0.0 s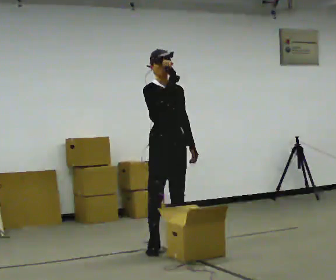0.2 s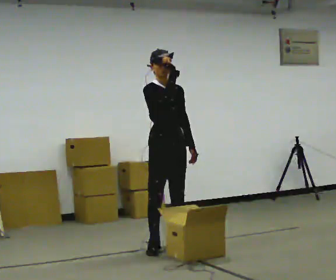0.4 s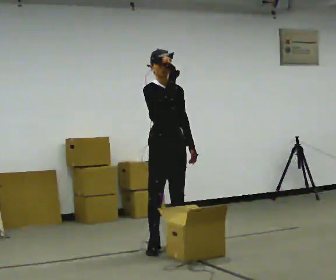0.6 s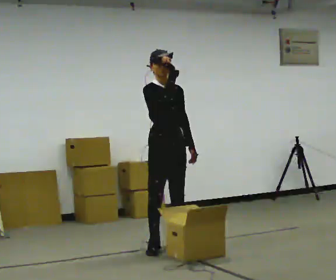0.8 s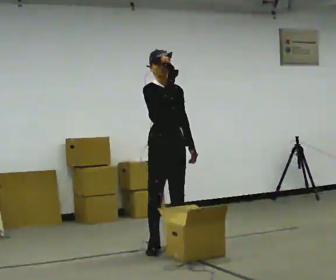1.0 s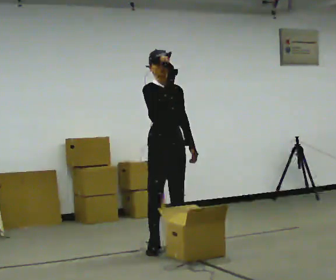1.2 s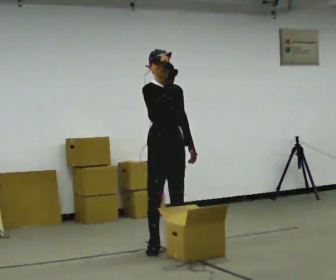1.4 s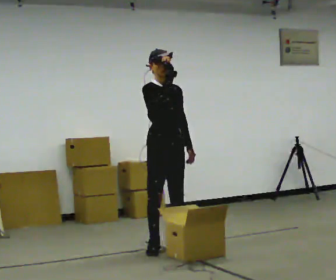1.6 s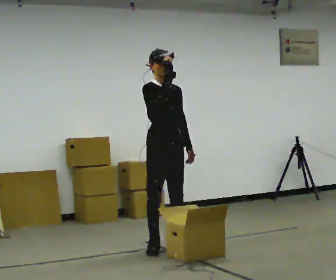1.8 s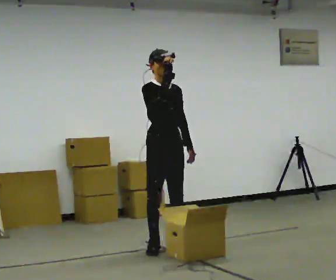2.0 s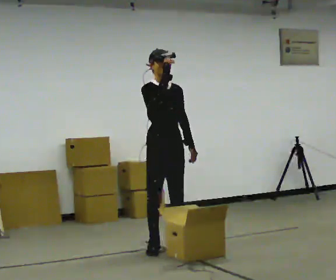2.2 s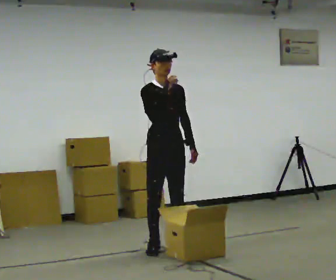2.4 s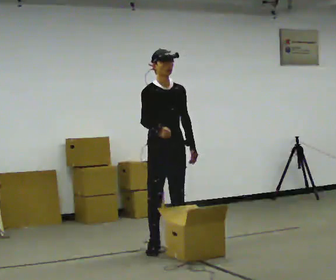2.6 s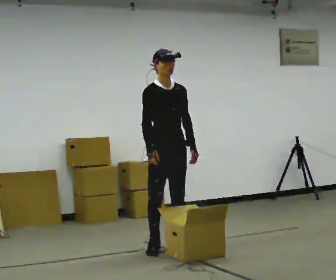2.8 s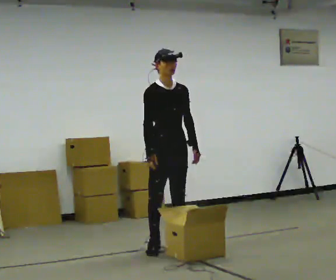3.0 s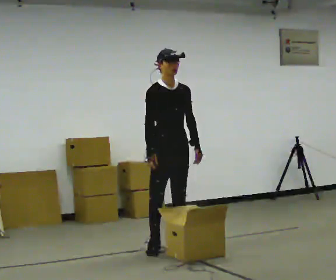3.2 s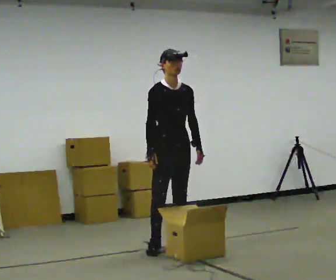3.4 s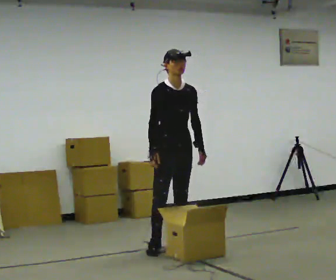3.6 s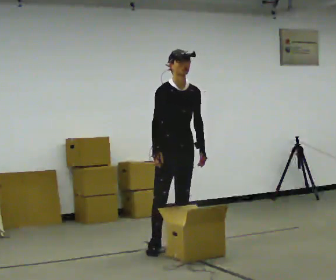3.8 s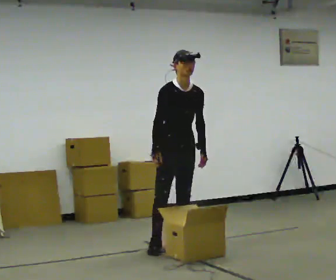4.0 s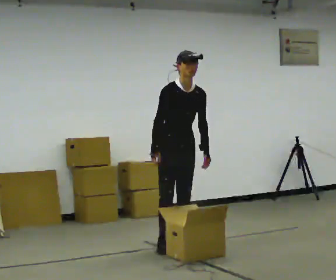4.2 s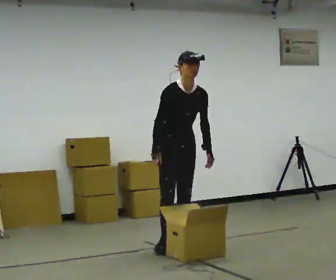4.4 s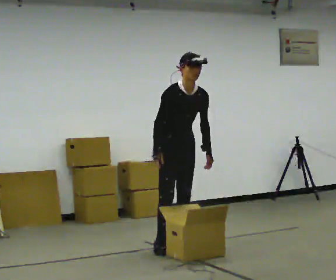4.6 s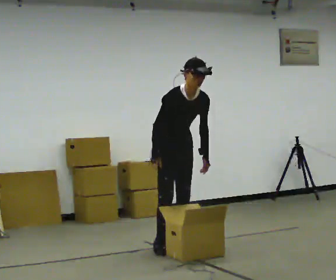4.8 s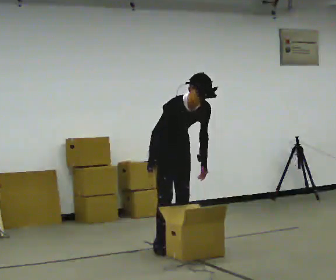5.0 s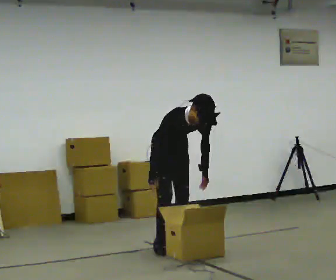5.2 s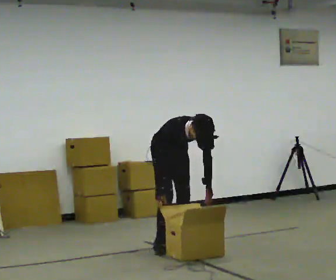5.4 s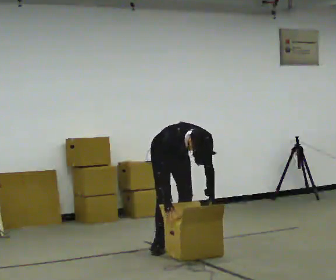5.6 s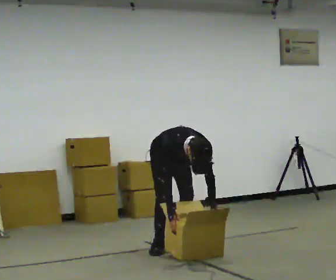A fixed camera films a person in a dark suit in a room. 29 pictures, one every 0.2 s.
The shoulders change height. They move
downward.
Their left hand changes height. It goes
downward.
0.0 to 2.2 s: The person moves a little, or ends about where they began.
2.2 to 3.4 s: In the picture their right hand goes downward.
3.4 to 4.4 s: The person moves a little, or ends about where they began.
4.4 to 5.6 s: The shoulders move downward. The upper body tips toward the camera, its near side rolling downward, as they bend forward. In the picture their right hand goes downward.
The film runs backward here.
